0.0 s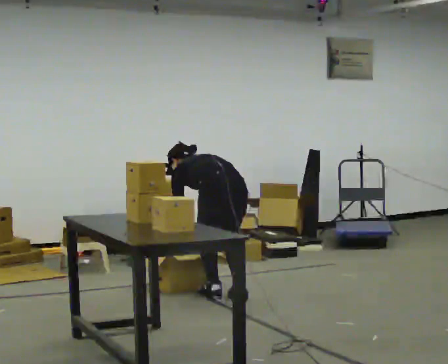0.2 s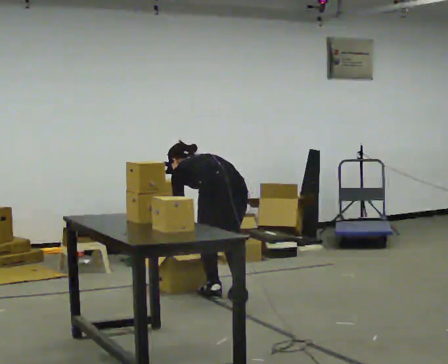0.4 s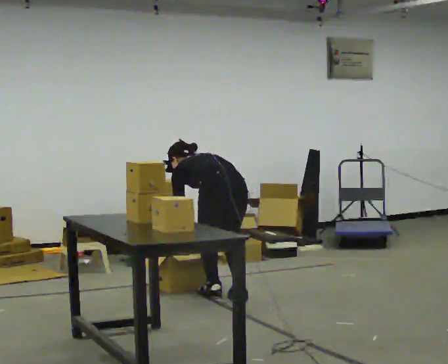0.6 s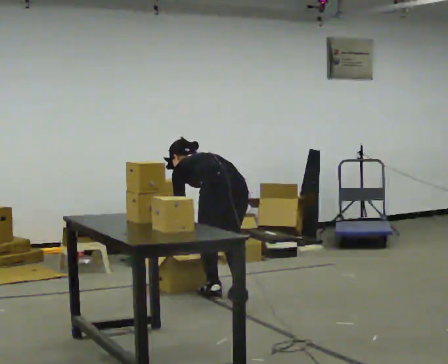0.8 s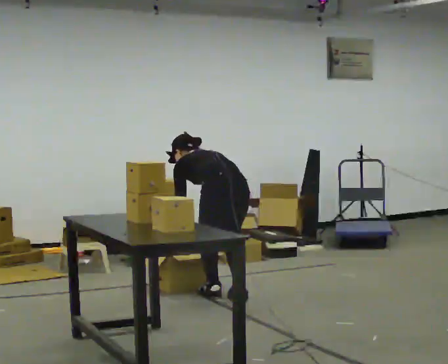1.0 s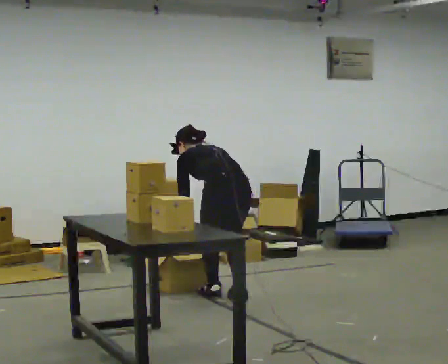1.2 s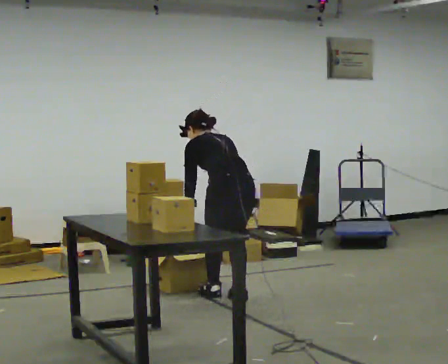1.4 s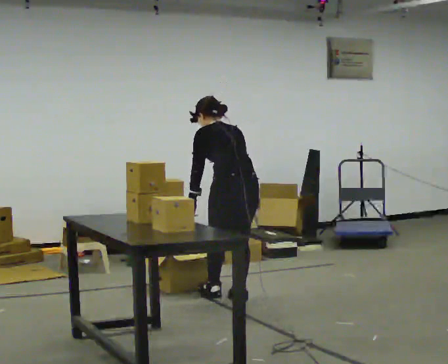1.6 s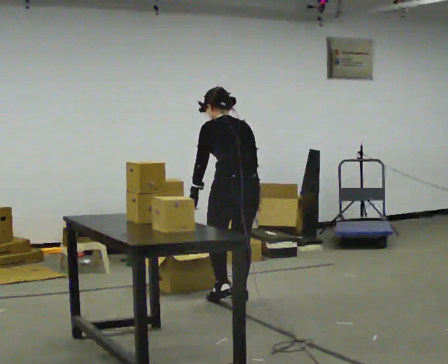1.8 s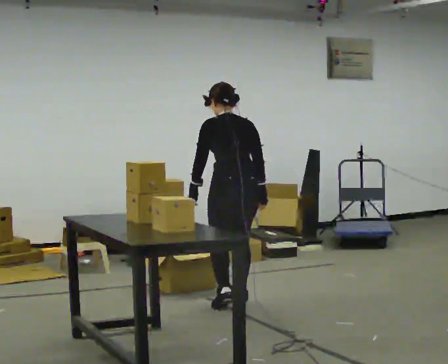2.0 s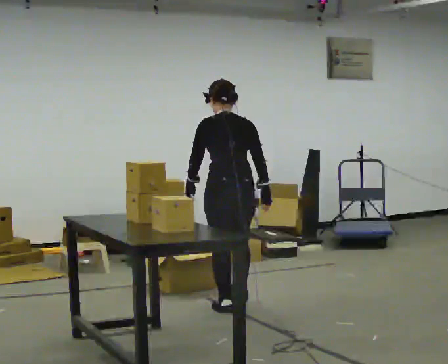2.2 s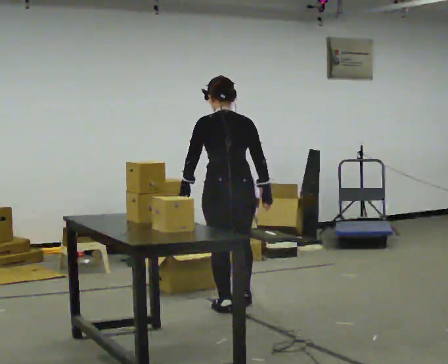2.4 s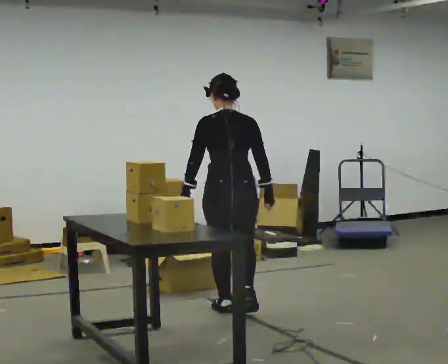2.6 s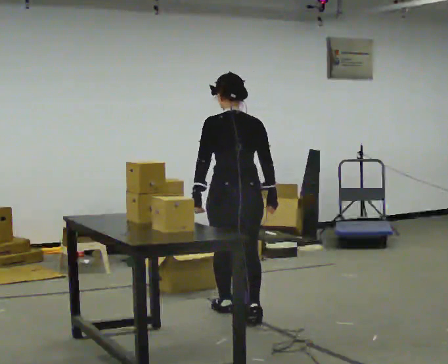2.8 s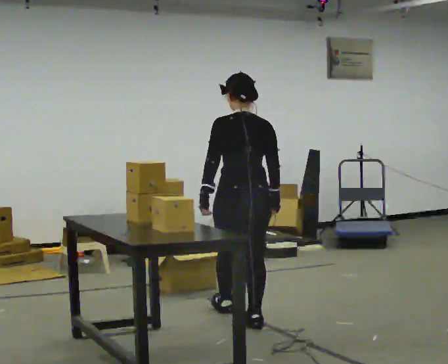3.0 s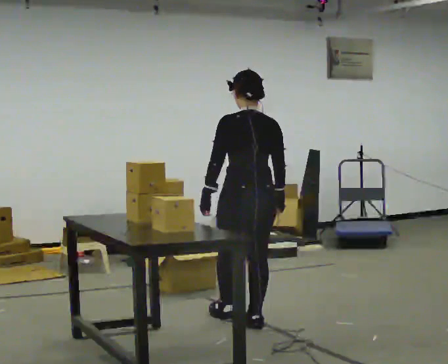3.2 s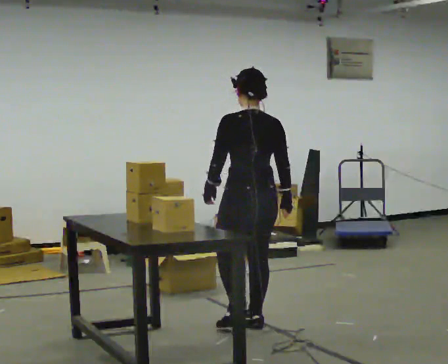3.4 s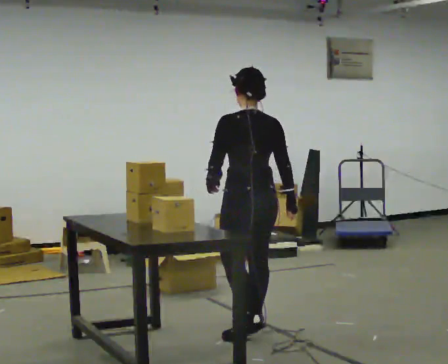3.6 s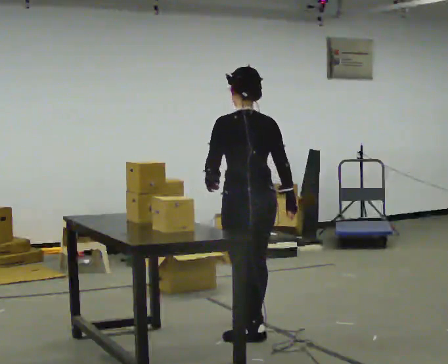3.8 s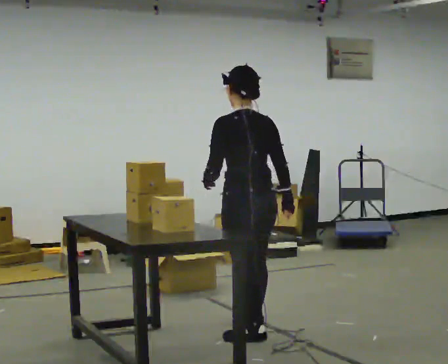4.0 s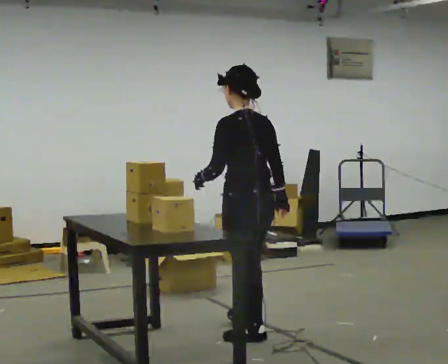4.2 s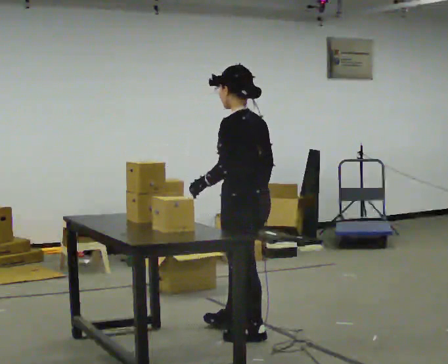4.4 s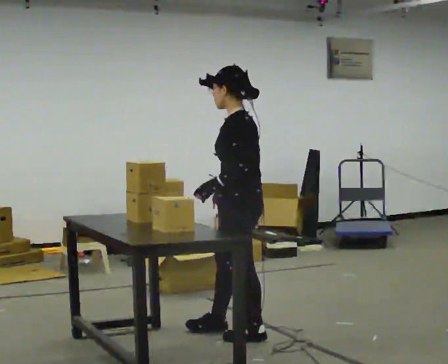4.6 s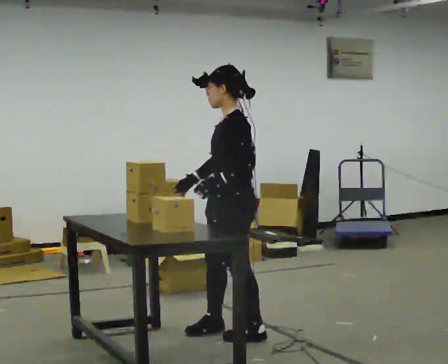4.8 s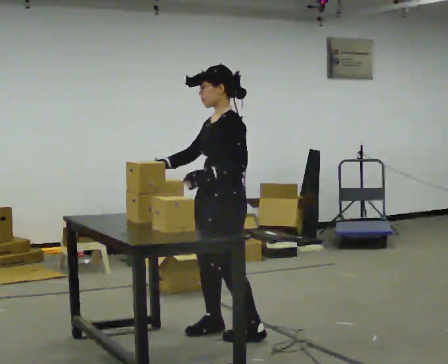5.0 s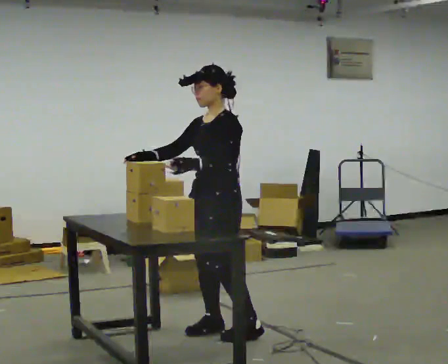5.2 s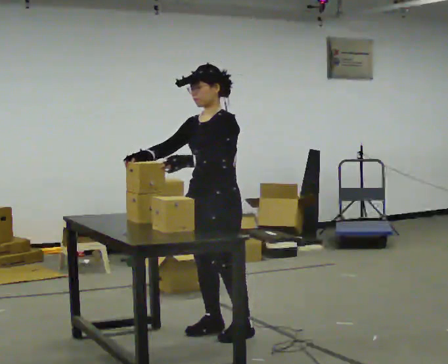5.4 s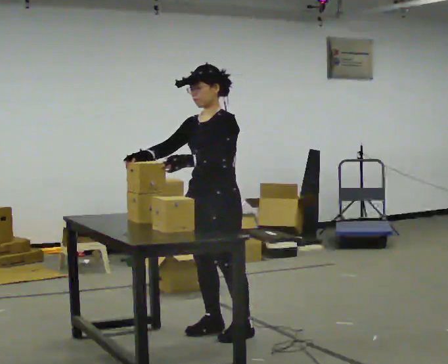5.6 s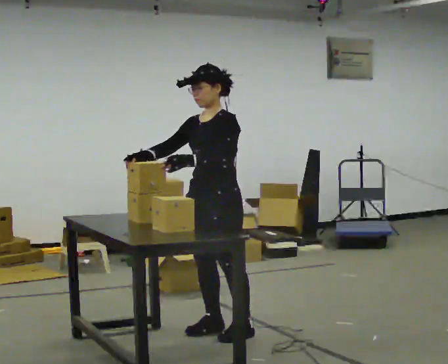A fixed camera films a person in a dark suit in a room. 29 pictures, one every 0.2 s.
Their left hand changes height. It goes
upward.
The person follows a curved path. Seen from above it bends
clockwise.
0.0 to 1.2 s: The shoulders move upward. In the picture the upper body tilts clockwise, shoulders to the right, as they lean back or straighten.
1.2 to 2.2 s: In the picture they go toward the camera, about 0.25 m in 2 steps, which for them is backward and to their left. The shoulders move upward. The upper body tips toward the camera, its near side rolling downward, as they lean back or straighten.
2.2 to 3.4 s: In the picture they go toward the camera, about 0.5 m in 1 step, which for them is backward.
3.4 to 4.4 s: Seen from above the body turns counterclockwise, about 45 degrees: to their left, with its near side sliding to the right. In the picture they go toward the camera, about 0.25 m in 1 step, which for them is to their left. In the picture their right hand goes to the left.
4.4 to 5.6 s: Seen from above the body turns counterclockwise, about 60 degrees: to their left, with its near side sliding to the right. In the picture they go to the left, about 0.25 m, which for them is to their right. In the picture their right hand goes to the left, the arm swinging clockwise.
The film runs backward here.
